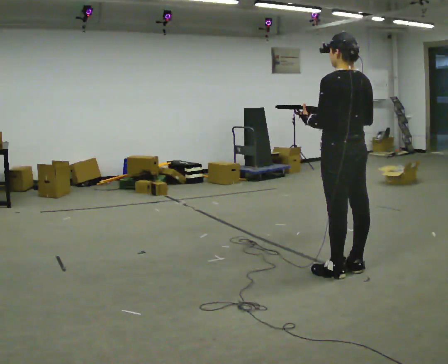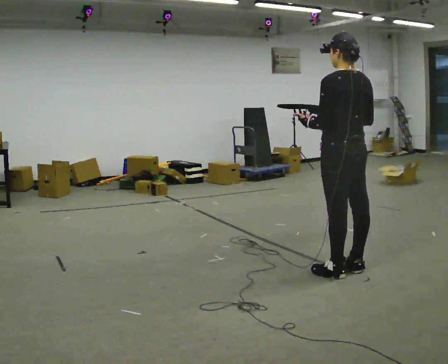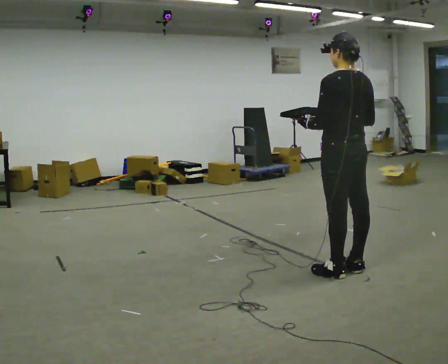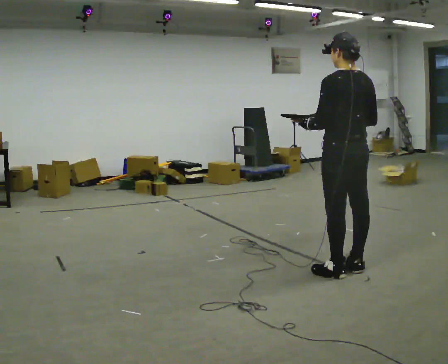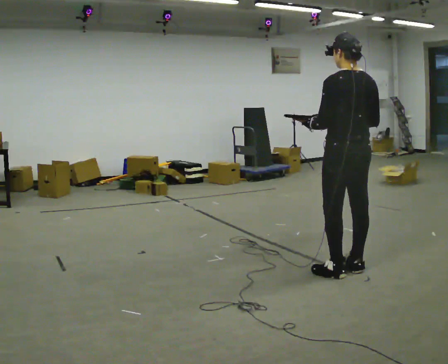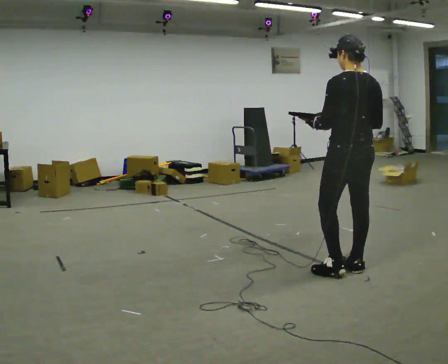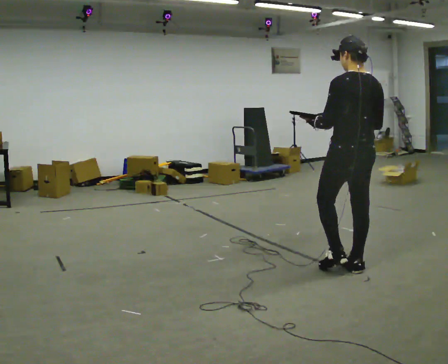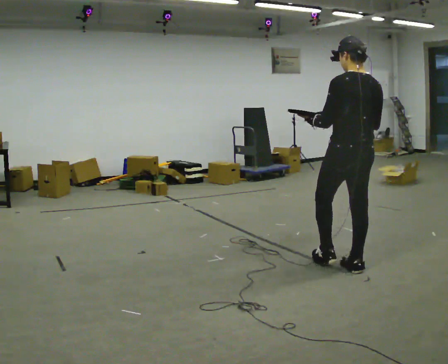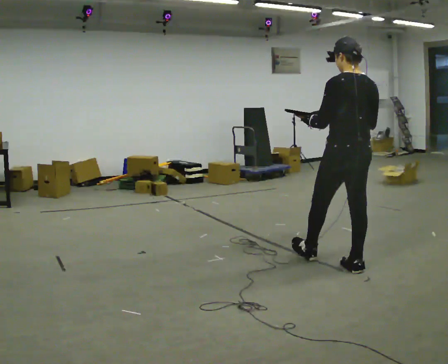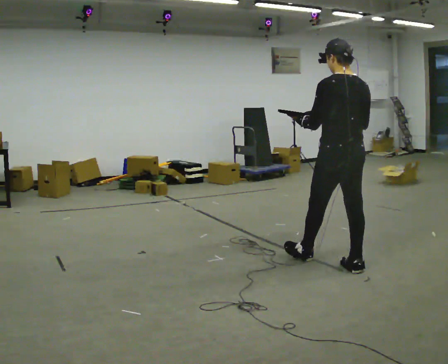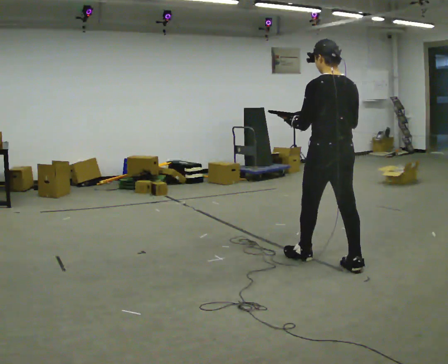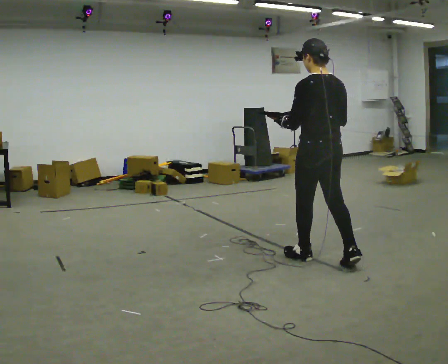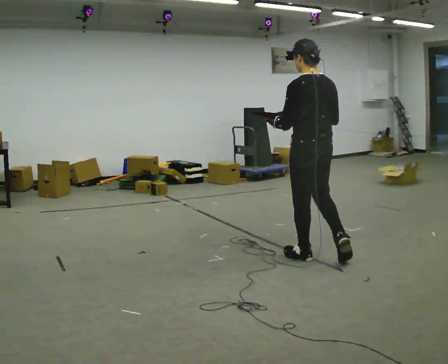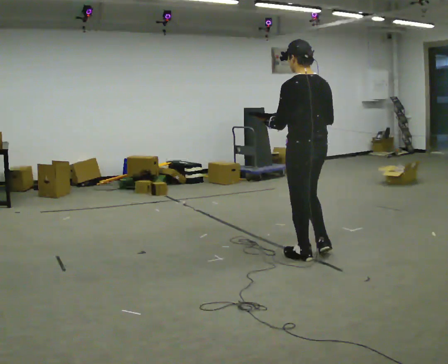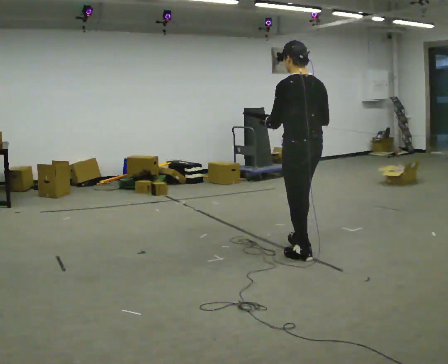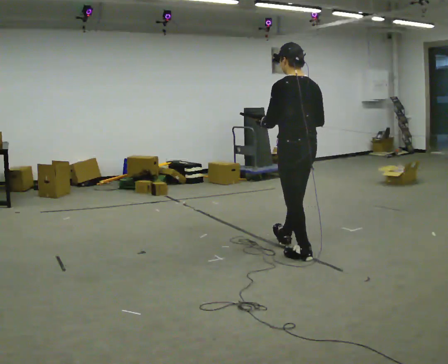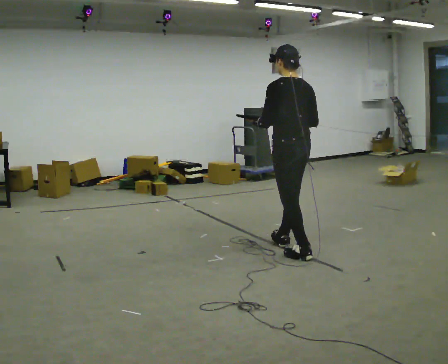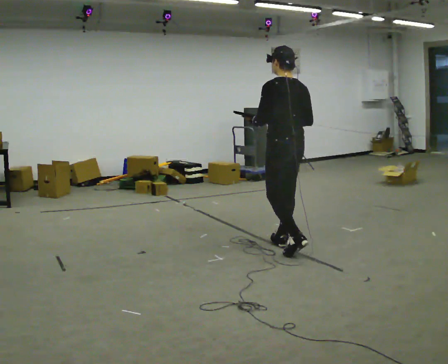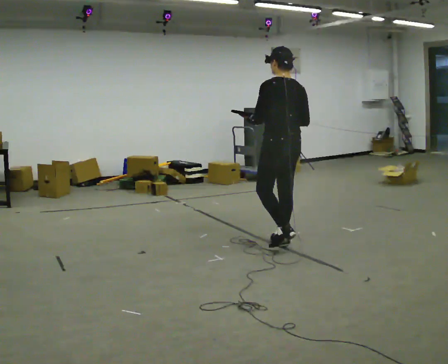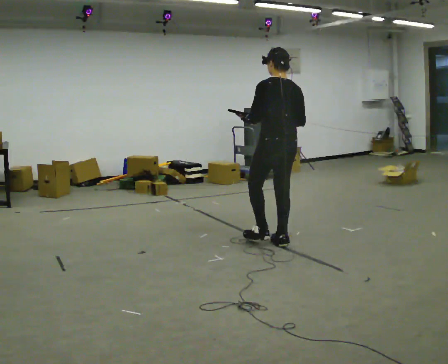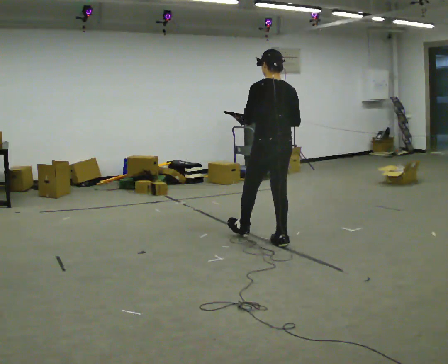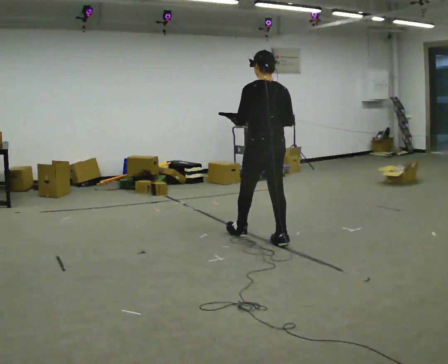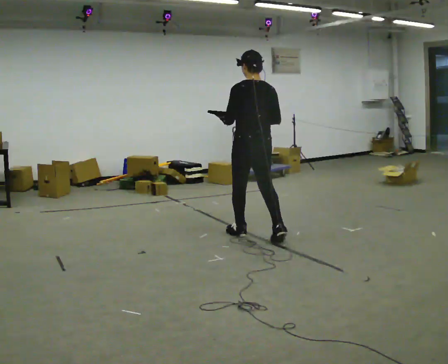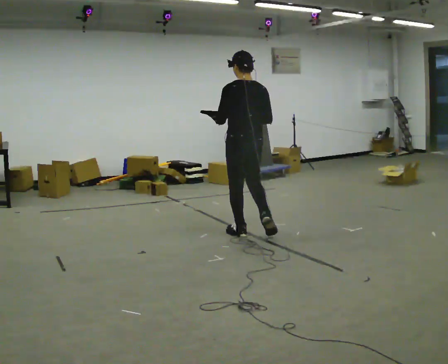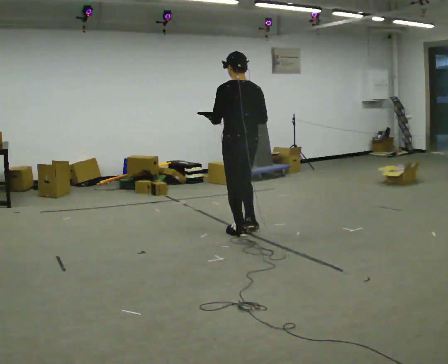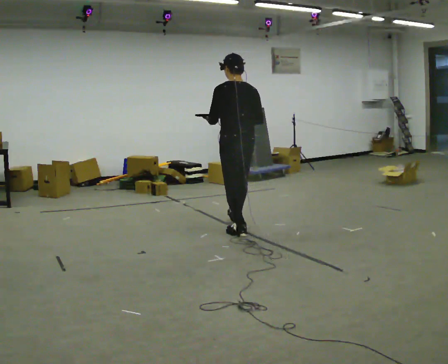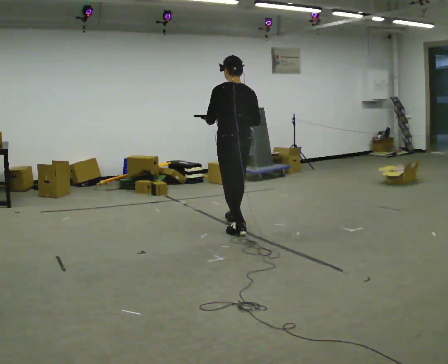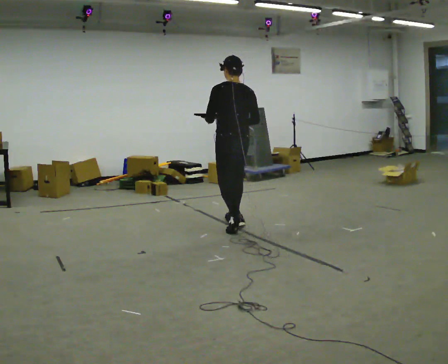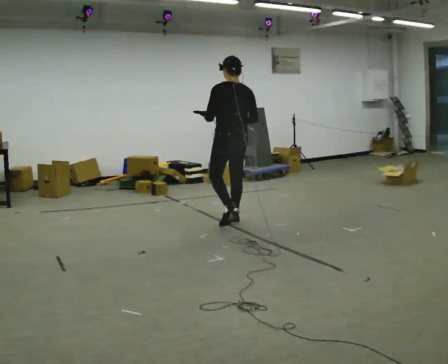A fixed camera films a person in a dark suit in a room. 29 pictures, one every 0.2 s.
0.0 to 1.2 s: The person moves a little, or ends about where they began.
1.2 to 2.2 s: In the picture they go to the left and away from the camera, about 0.25 m in 1 step, which for them is forward and to their left.
2.2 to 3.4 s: In the picture they go away from the camera and to the left, about 0.5 m in 1 step, which for them is forward.
3.4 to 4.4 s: In the picture they go to the left and away from the camera, about 0.5 m in 1 step, which for them is forward.
4.4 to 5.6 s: In the picture they go away from the camera and to the left, about 0.5 m in 1 step, which for them is forward.
The film runs forward here.
